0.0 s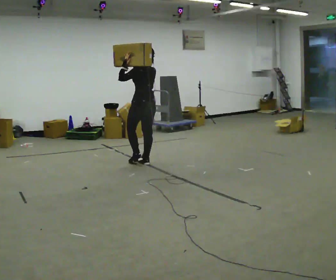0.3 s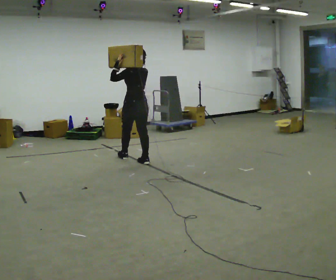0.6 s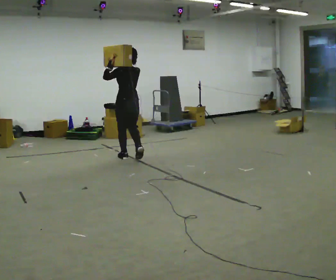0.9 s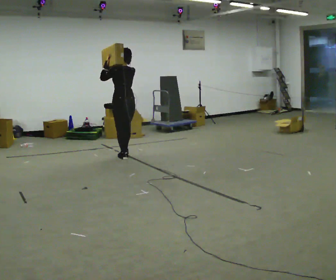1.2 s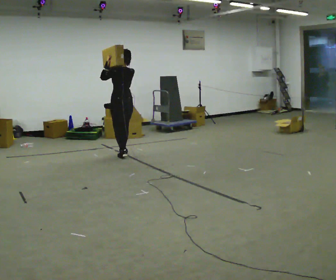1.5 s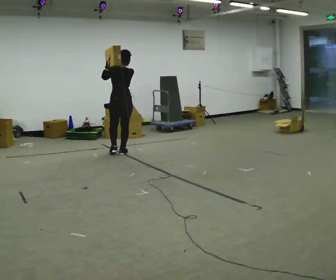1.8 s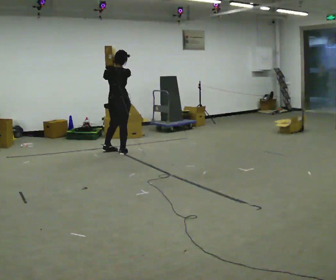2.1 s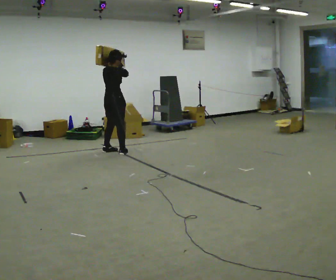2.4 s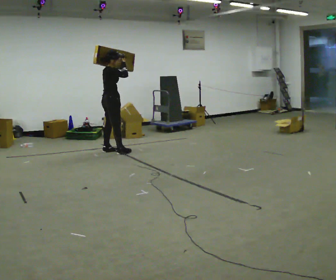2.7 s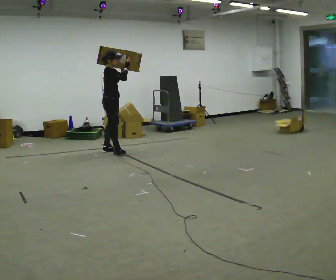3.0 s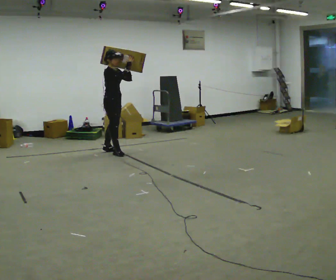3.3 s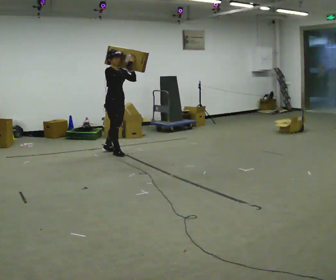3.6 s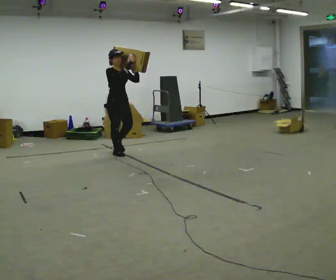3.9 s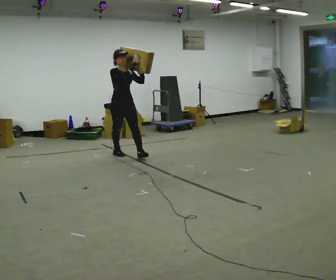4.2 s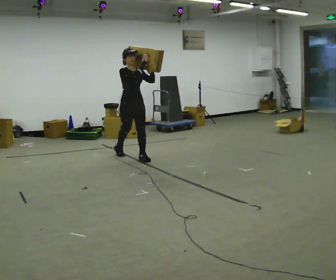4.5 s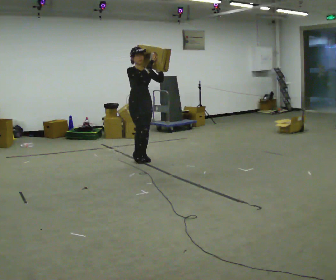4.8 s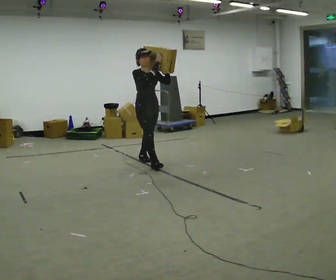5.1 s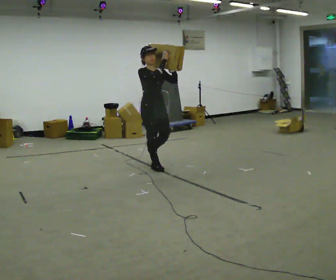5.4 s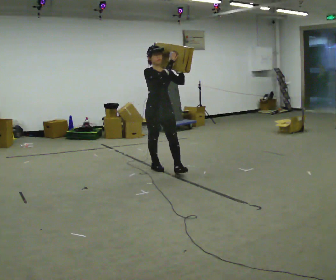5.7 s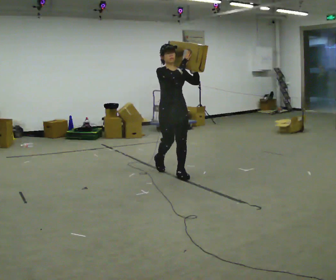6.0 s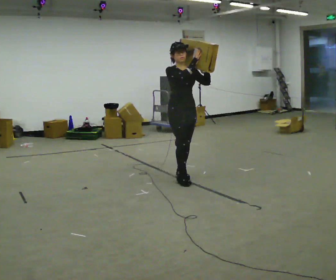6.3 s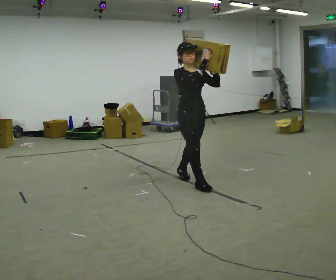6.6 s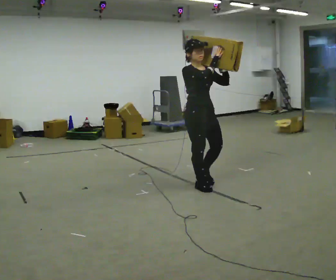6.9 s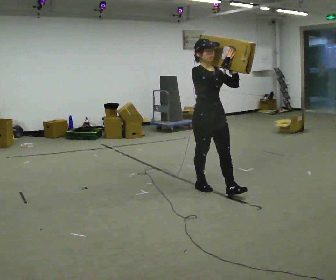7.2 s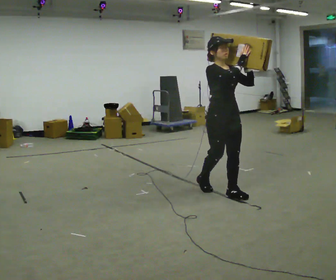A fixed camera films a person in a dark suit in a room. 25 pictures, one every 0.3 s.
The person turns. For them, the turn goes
to their right.
The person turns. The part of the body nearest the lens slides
to the left.
0.0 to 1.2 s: In the picture they go away from the camera and to the left, about 0.75 m in 2 steps, which for them is forward.
1.2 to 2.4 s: The part of the body nearest the lens slides to the left as the person turns to their right by about 90 degrees. In the picture they go away from the camera and to the left, about 0.25 m in 1 step.
2.4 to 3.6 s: The part of the body nearest the lens slides to the left as the person turns to their right by about 60 degrees. In the picture they go toward the camera, about 0.25 m.
3.6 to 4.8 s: In the picture they go toward the camera and to the right, about 0.5 m in 2 steps, which for them is forward.
4.8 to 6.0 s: In the picture they go toward the camera and to the right, about 1 m in 1 step, which for them is forward.
6.0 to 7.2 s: In the picture they go toward the camera and to the right, about 1 m in 2 steps, which for them is forward.
The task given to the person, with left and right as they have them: Rest the long object on the shoulder the operator calls and carry it across the room, back and forth.
The film runs forward here.
